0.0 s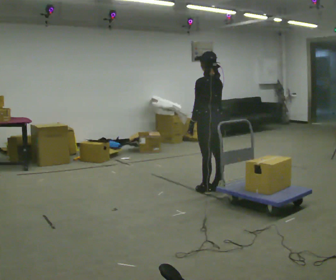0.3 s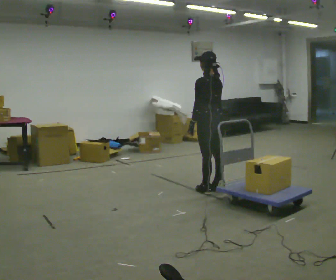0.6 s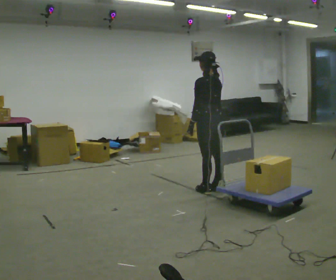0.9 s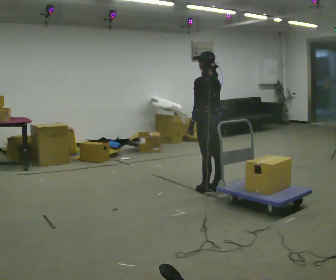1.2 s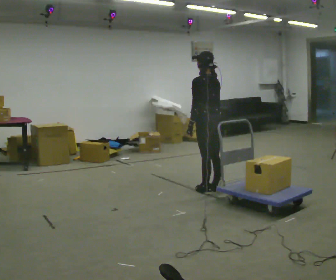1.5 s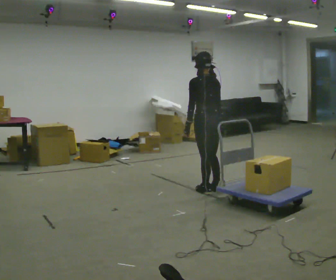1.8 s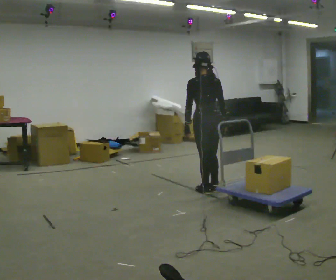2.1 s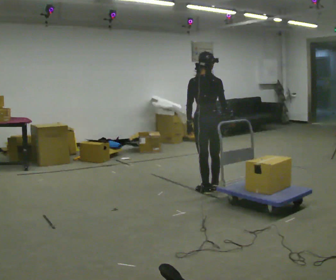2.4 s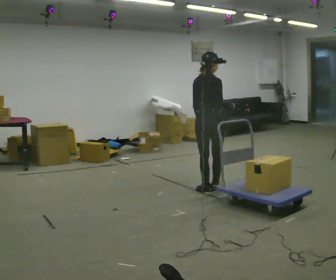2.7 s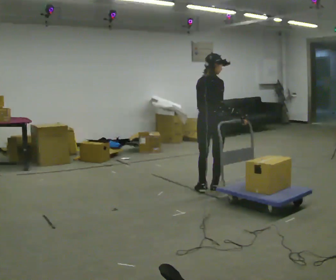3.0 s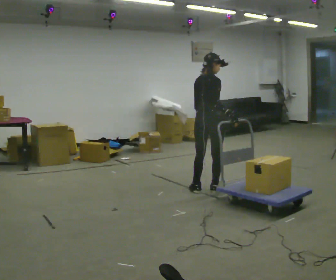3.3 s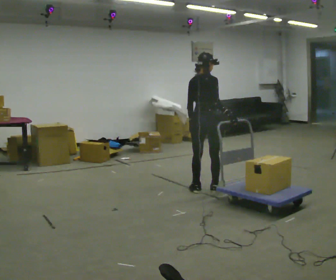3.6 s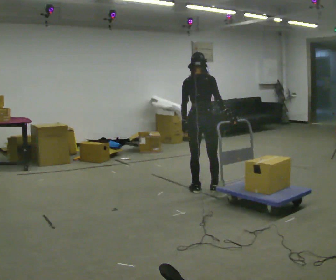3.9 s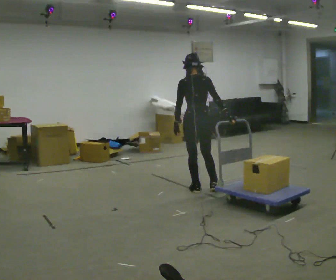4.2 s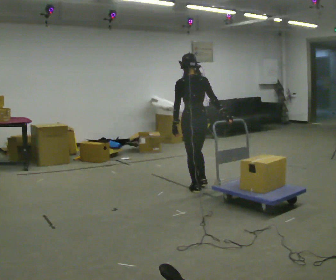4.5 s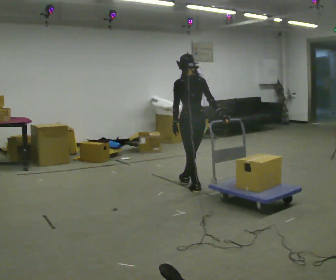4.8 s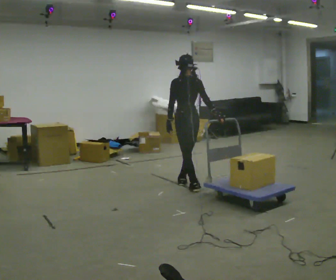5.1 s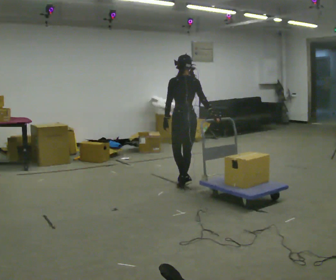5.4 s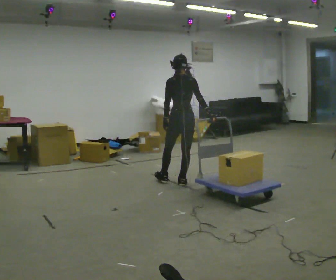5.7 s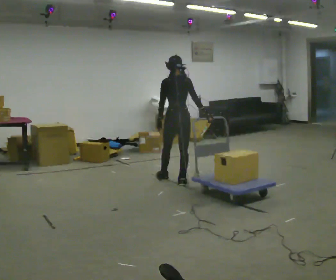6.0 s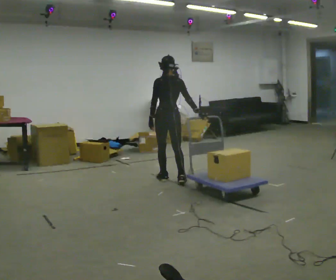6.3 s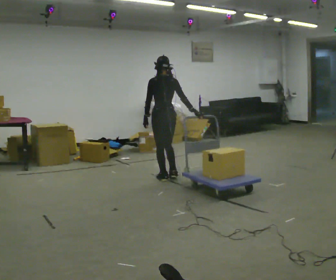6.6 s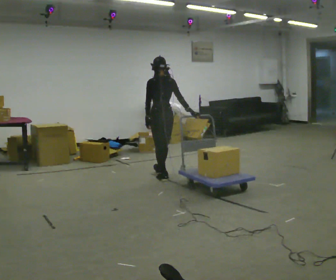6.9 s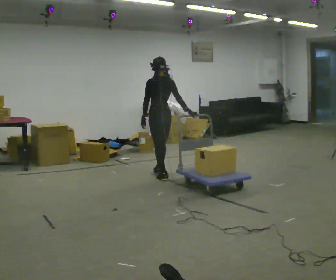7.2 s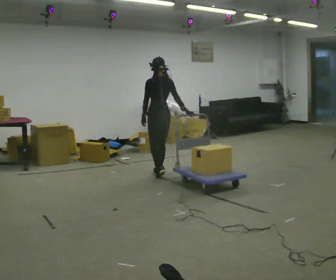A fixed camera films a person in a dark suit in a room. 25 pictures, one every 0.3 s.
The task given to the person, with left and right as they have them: Pull the cart behind you as you walk backward across the room. The operator will confirm the space behind you is clear before each take.
0.0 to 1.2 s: The person moves a little, or ends about where they began.
1.2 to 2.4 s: The part of the body nearest the lens slides to the left as the person turns to their right by about 60 degrees.
2.4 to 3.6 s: The person moves a little, or ends about where they began.
3.6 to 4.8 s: The person turns about 30 degrees to their left, counterclockwise seen from above, so the part of the body nearest the lens slides to the right. In the picture they go to the left and away from the camera, about 0.25 m in 1 step, which for them is forward and to their left.
4.8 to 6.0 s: In the picture they go to the left and away from the camera, about 0.5 m in 1 step, which for them is forward and to their left.
6.0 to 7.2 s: In the picture they go away from the camera and to the left, about 0.25 m in 1 step, which for them is forward.
The film runs forward here.
